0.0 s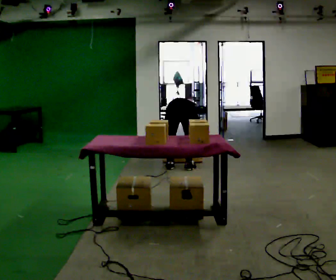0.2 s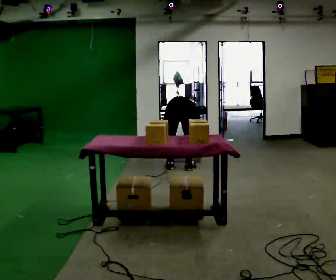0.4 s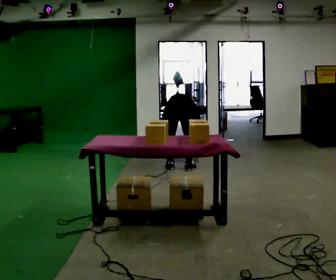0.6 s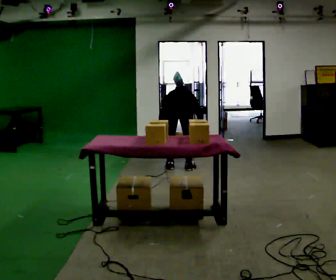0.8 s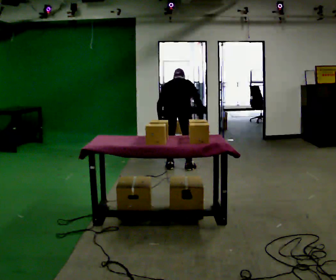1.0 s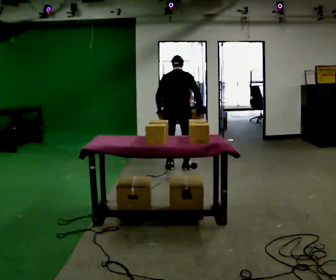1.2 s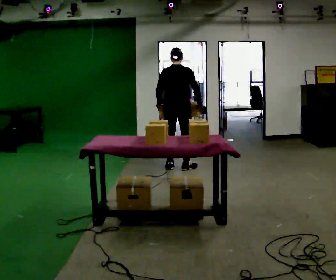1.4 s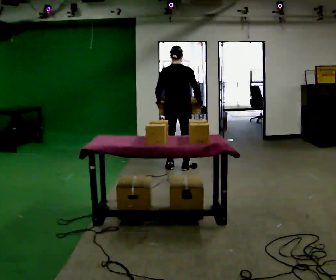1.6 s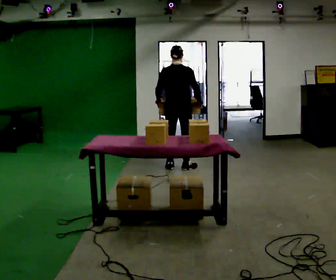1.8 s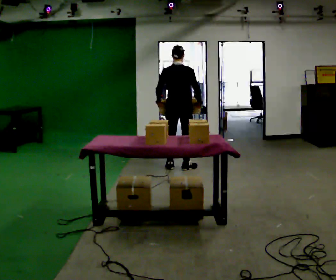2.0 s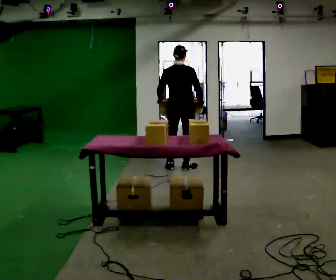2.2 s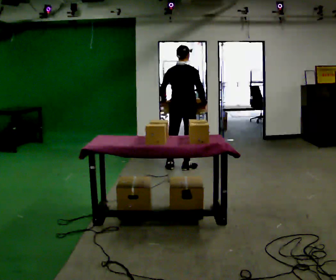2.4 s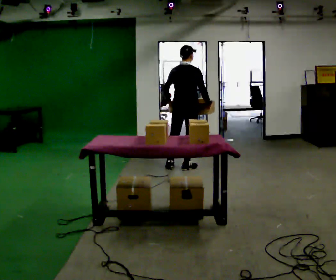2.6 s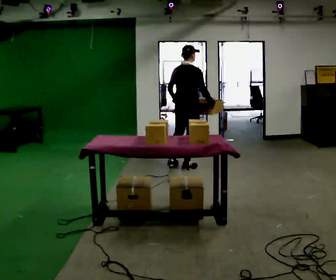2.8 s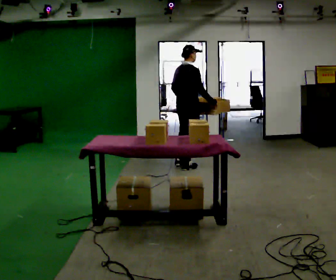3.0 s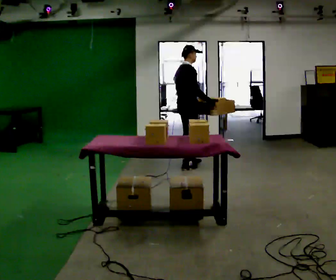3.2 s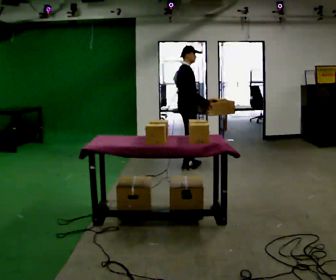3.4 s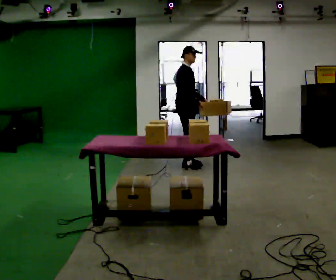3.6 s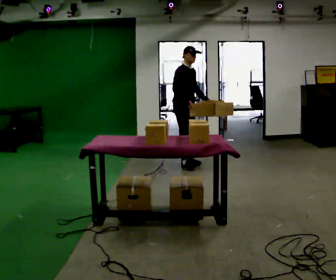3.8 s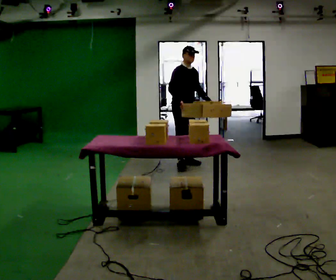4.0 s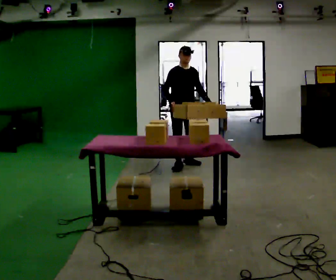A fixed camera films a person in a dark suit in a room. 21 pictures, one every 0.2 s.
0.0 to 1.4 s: In the picture they go away from the camera, about 0.25 m, which for them is forward. The shoulders move upward. The upper body tips toward the camera, its near side rolling downward, as they lean back or straighten. In the picture their left hand goes upward.
1.4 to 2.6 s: The person turns about 30 degrees to their right, clockwise seen from above, so the part of the body nearest the lens slides to the left.
2.6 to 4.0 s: The person turns about 120 degrees to their right, clockwise seen from above, so the part of the body nearest the lens slides to the left. In the picture their left hand goes to the right, the arm swinging counterclockwise.
The film runs forward here.
